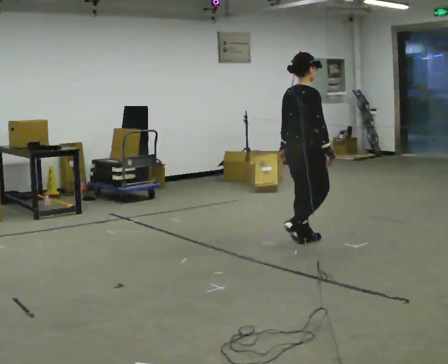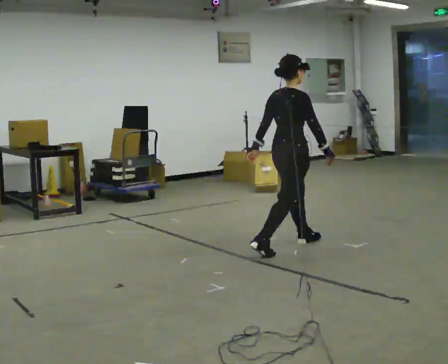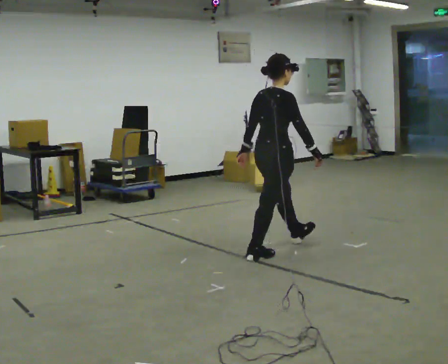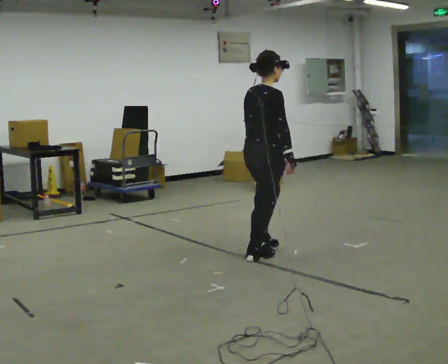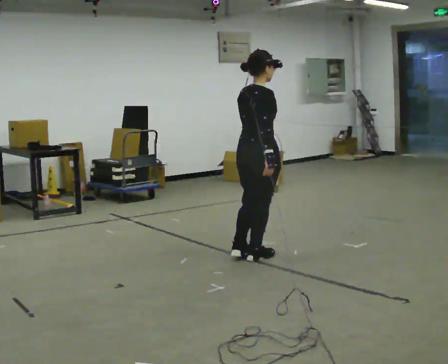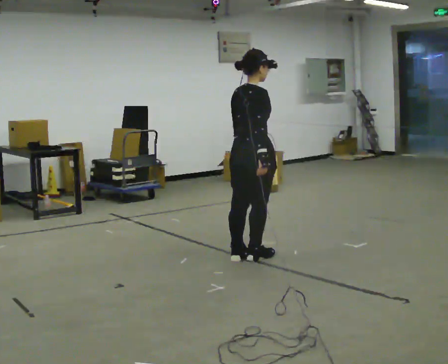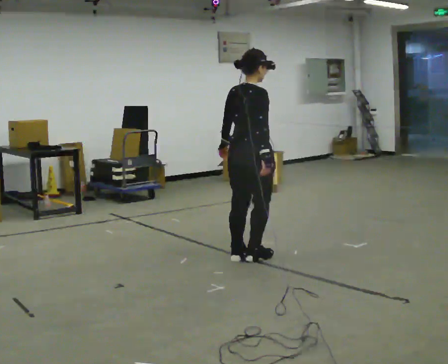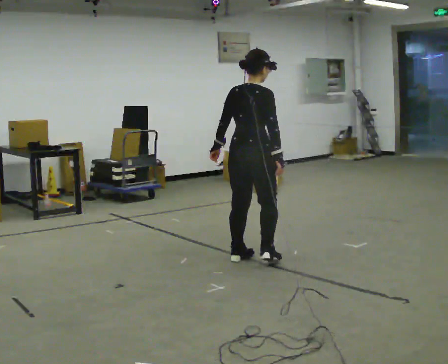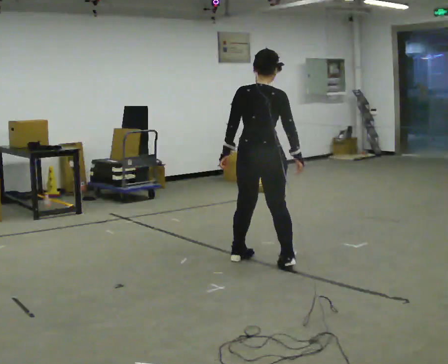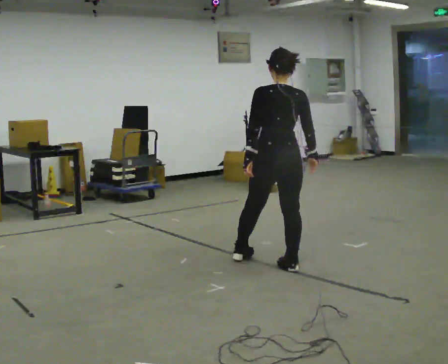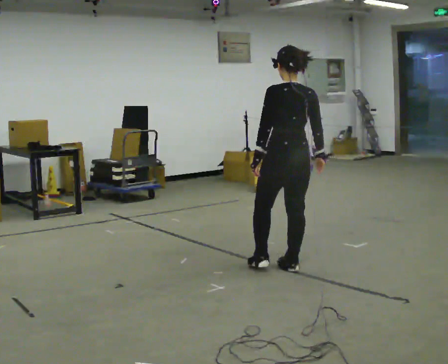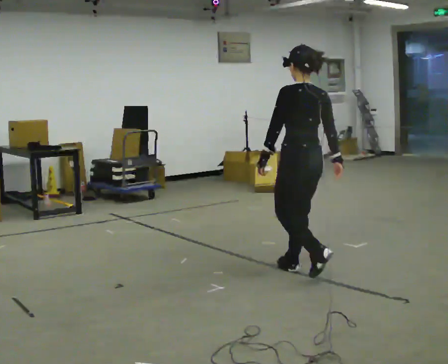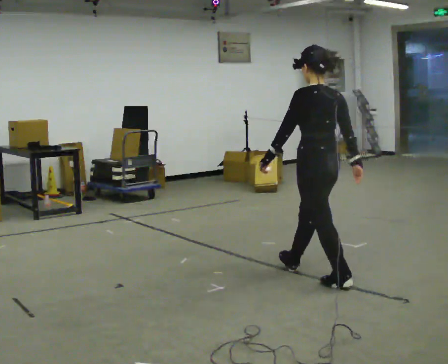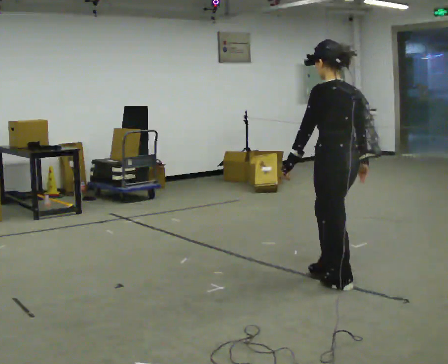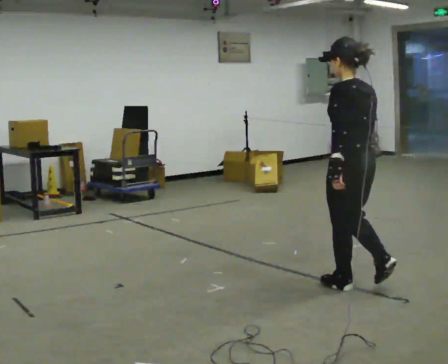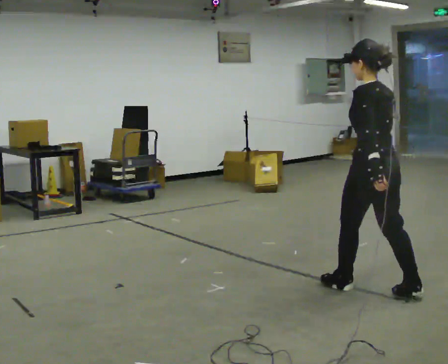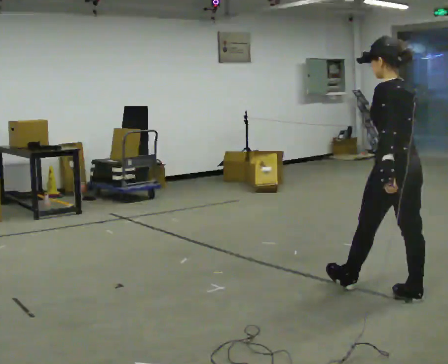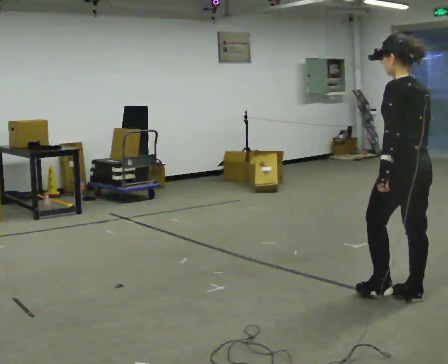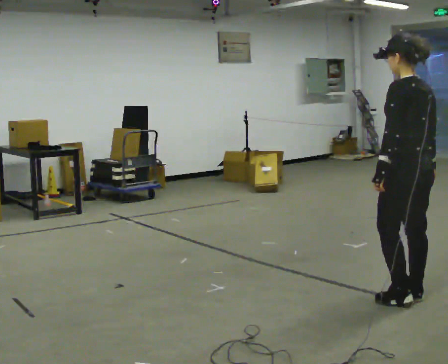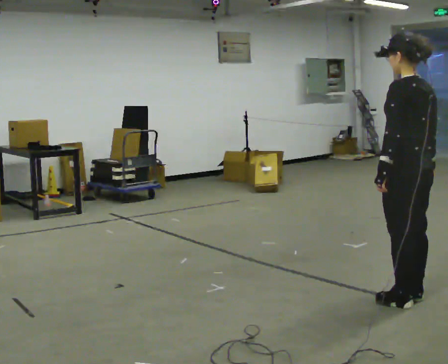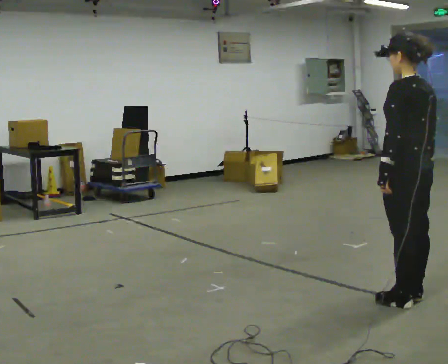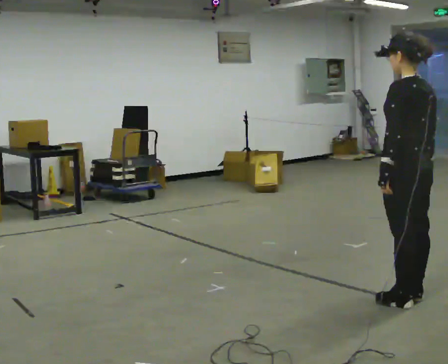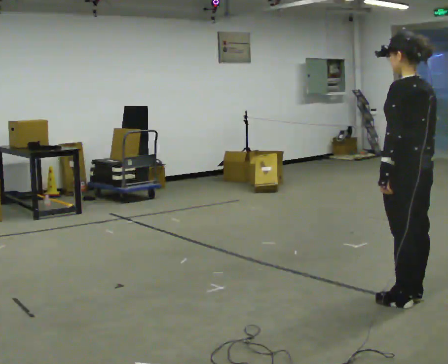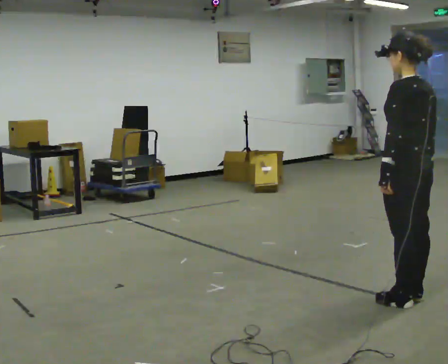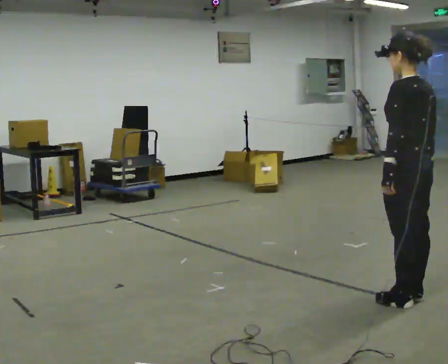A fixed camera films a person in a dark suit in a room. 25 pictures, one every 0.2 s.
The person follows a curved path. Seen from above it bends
counterclockwise.
The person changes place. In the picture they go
toward the camera.
0.0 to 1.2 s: In the picture they go toward the camera and to the left, about 0.5 m in 2 steps, which for them is backward.
1.2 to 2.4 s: Seen from above the body turns counterclockwise, about 75 degrees: to their left, with its near side sliding to the right. In the picture they go toward the camera and to the right, about 0.5 m in 2 steps.
2.4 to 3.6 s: In the picture they go to the right and toward the camera, about 0.5 m in 1 step, which for them is backward.
3.6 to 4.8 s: The person moves a little, or ends about where they began.
The film runs backward here.
